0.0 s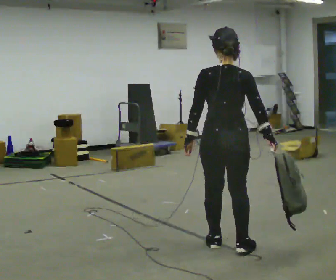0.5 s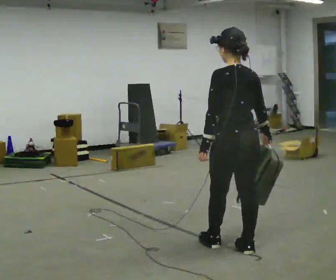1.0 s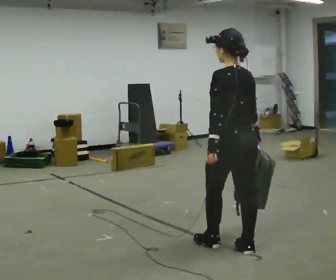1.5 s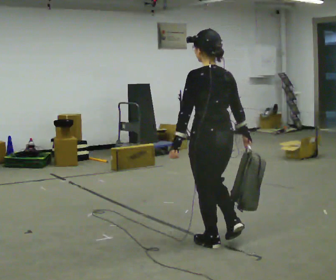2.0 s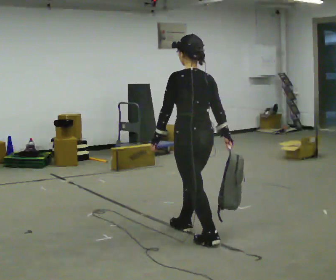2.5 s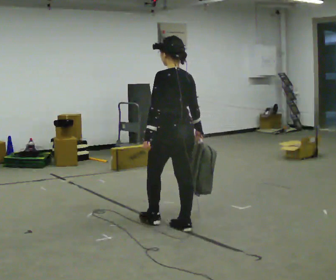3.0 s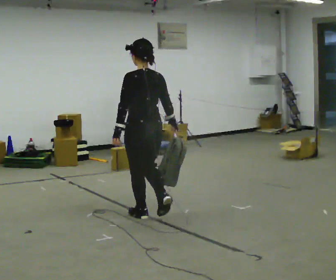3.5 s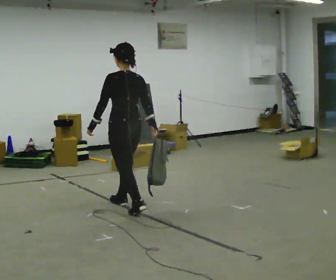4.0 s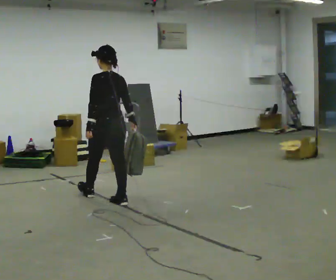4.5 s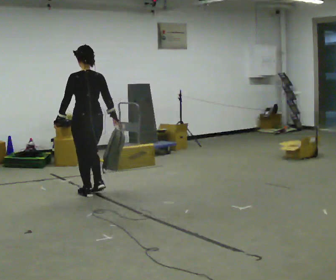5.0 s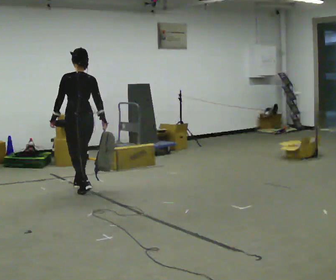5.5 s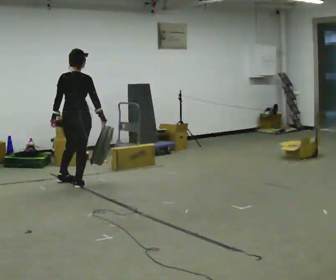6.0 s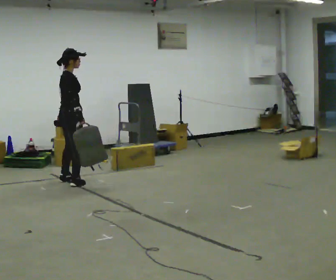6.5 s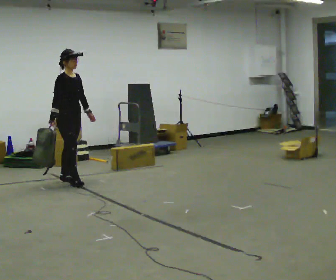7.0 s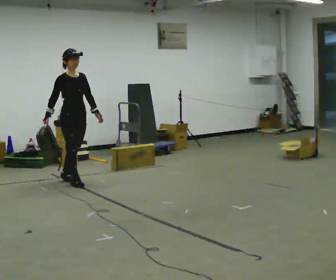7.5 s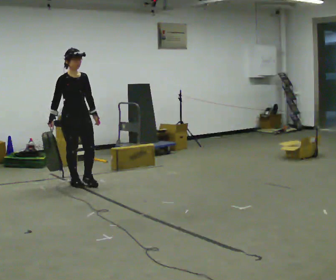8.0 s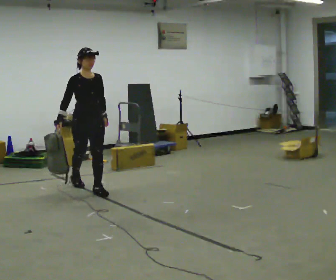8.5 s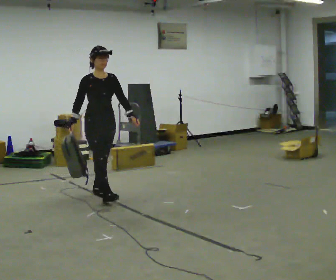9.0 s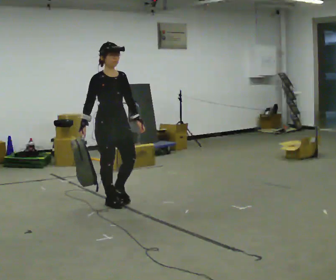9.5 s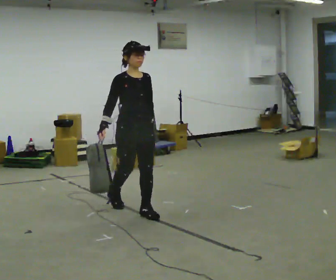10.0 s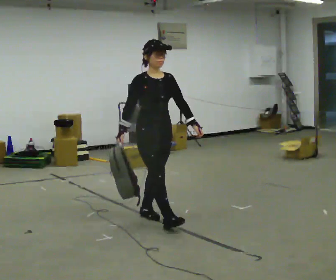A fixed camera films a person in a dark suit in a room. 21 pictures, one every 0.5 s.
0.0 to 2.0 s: The person turns about 30 degrees to their left, counterclockwise seen from above, so the part of the body nearest the lens slides to the right. In the picture they go away from the camera and to the left, about 0.25 m in 1 step, which for them is forward.
2.0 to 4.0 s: In the picture they go away from the camera and to the left, about 1.5 m in 2 steps, which for them is forward.
4.0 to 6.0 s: The part of the body nearest the lens slides to the left as the person turns to their right by about 105 degrees. In the picture they go away from the camera and to the left, about 1 m in 3 steps.
6.0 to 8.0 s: The person turns about 75 degrees to their right, clockwise seen from above, so the part of the body nearest the lens slides to the left. In the picture they go toward the camera and to the right, about 0.5 m in 2 steps.
8.0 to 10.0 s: In the picture they go toward the camera and to the right, about 1.5 m in 2 steps, which for them is forward.
The film runs forward here.
